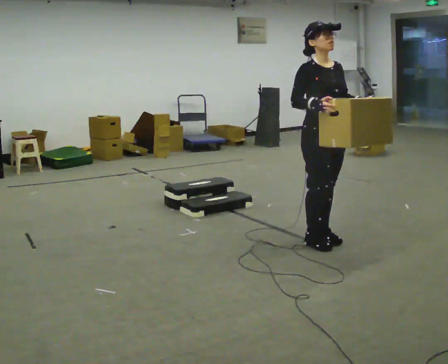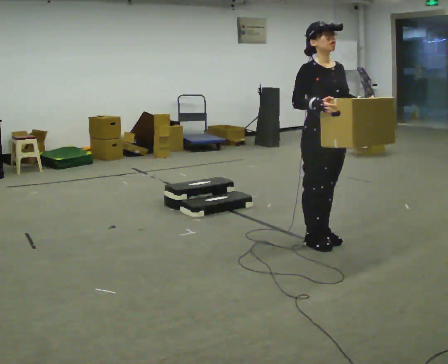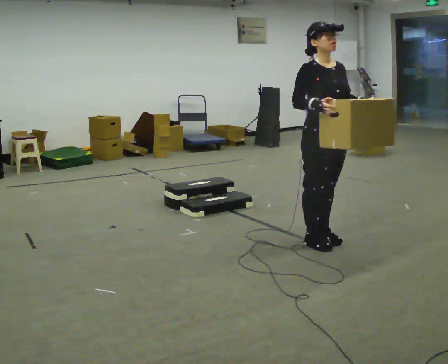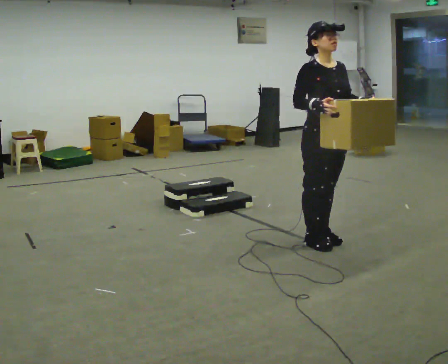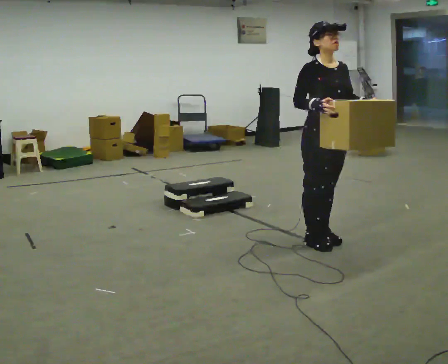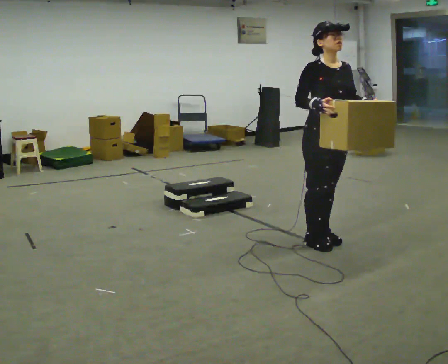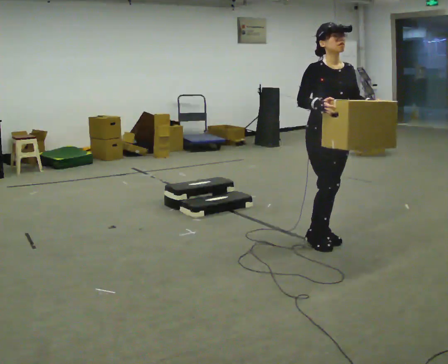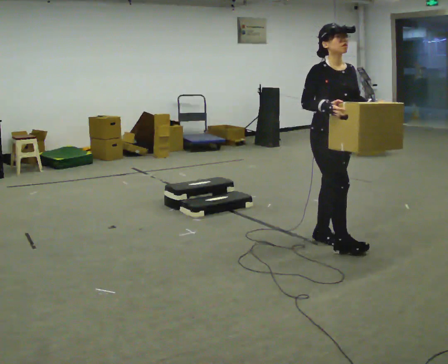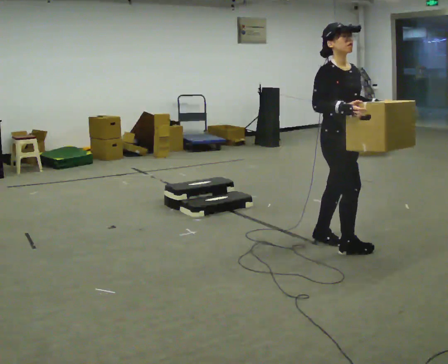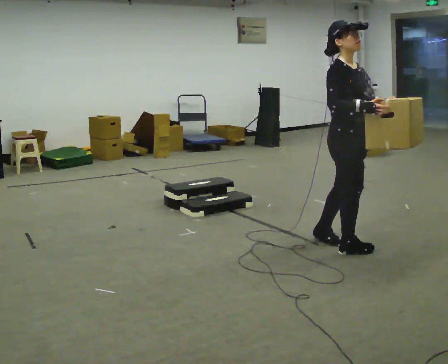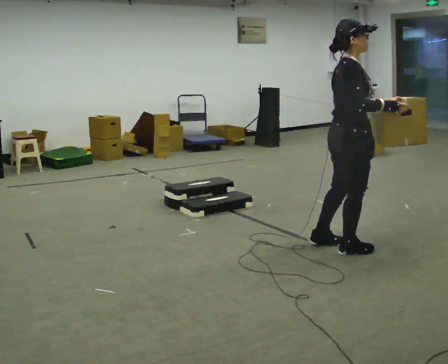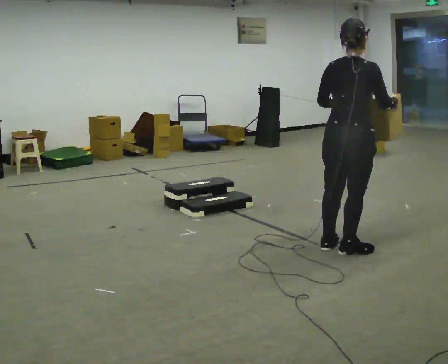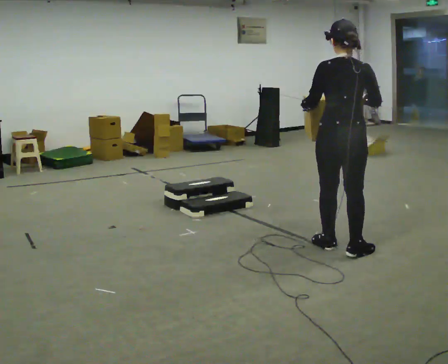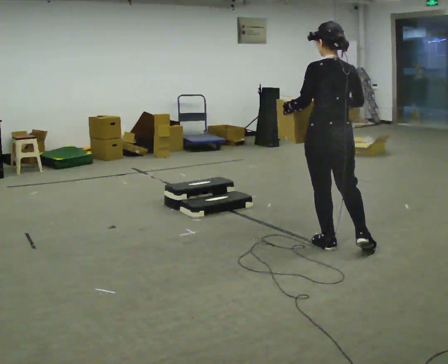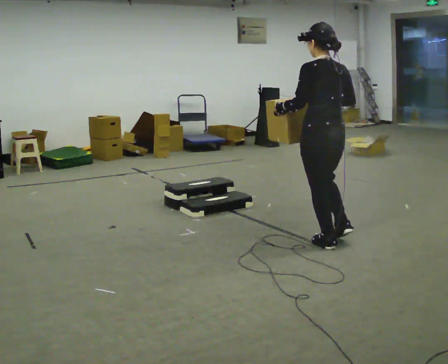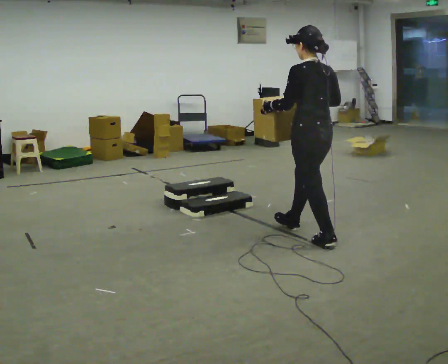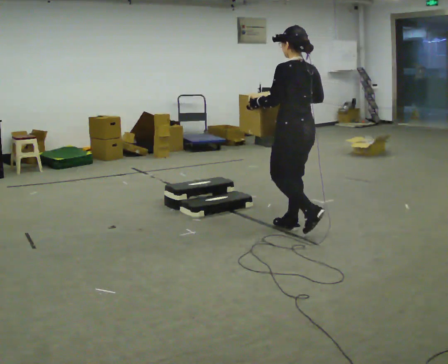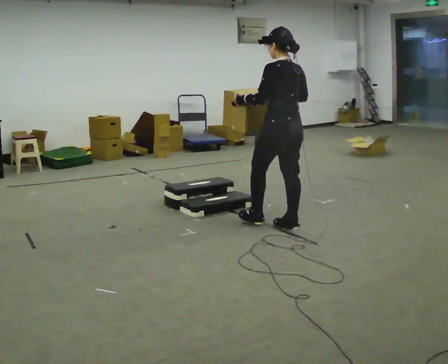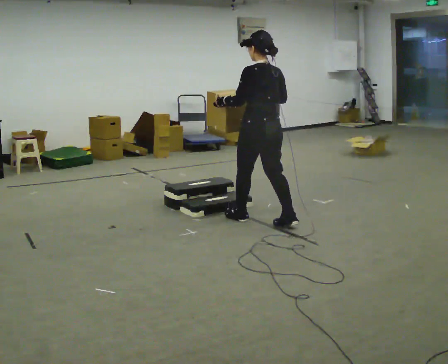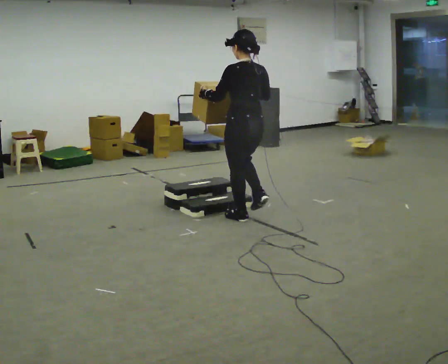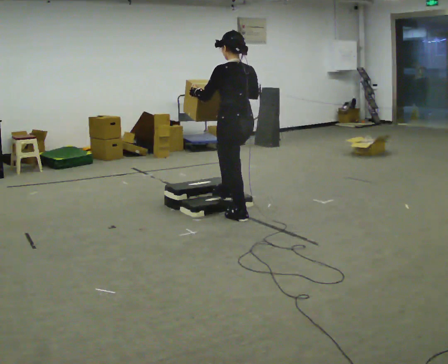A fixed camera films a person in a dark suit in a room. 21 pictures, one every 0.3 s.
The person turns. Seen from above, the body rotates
counterclockwise.
The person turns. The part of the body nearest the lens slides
to the right.
0.0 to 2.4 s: The person moves a little, or ends about where they began.
2.4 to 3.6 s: The part of the body nearest the lens slides to the right as the person turns to their left by about 120 degrees. In the picture their left hand goes to the left.
3.6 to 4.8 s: The part of the body nearest the lens slides to the right as the person turns to their left by about 45 degrees. In the picture they go to the left and away from the camera, about 0.5 m in 1 step, which for them is forward.
4.8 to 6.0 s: In the picture they go to the left and away from the camera, about 0.75 m in 1 step, which for them is forward.
The film runs forward here.
